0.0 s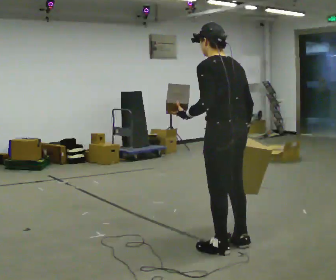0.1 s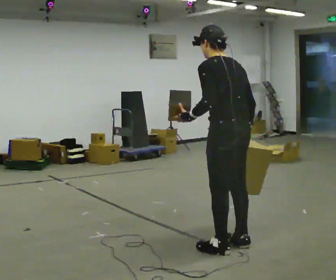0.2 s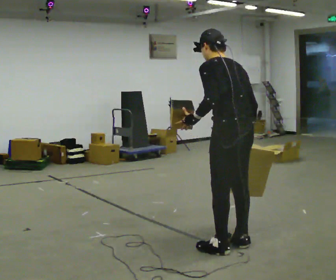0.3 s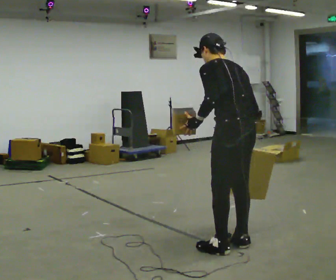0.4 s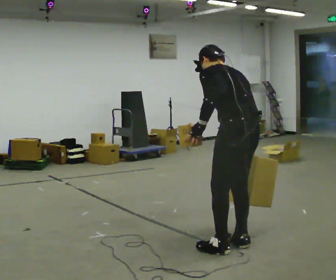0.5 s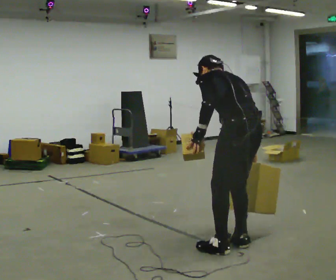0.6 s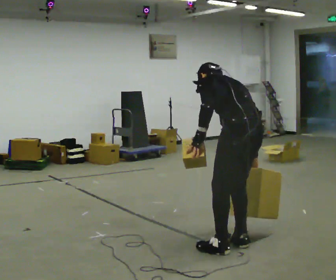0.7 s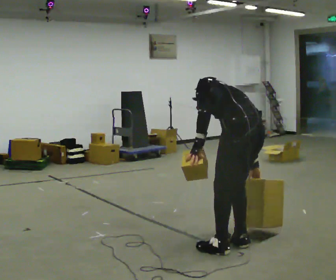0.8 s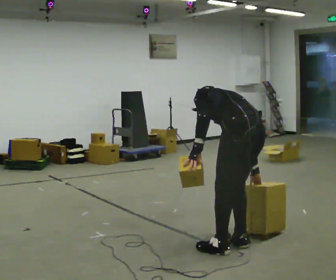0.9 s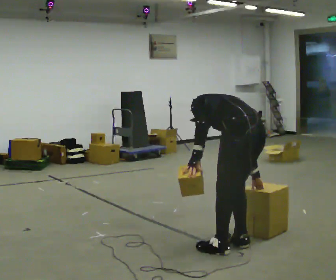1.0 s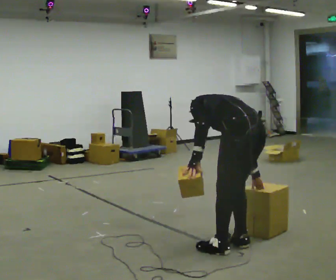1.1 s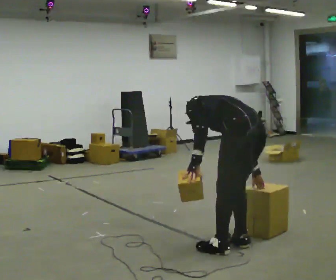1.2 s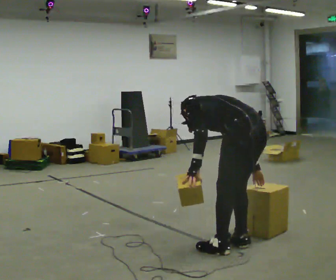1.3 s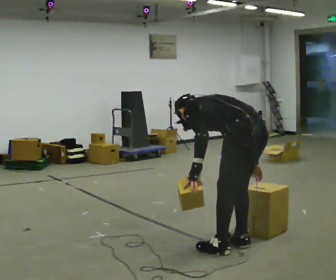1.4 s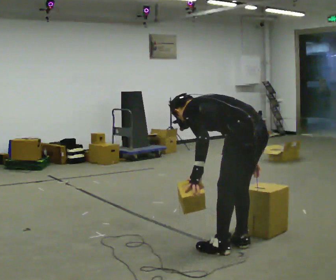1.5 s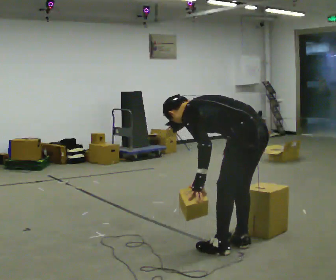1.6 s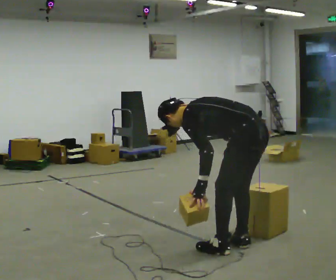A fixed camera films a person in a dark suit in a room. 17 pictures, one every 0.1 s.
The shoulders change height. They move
downward.
The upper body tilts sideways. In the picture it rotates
counterclockwise.
0.0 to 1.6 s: In the picture they go to the right, about 0.25 m, which for them is backward. The upper body goes downward. In the picture the upper body tilts counterclockwise, shoulders to the left, as they bend forward. In the picture their left hand goes downward.
The film runs backward here.
